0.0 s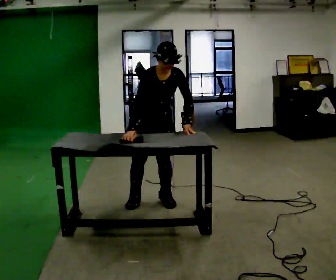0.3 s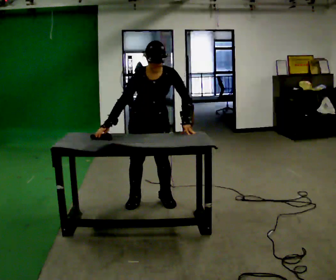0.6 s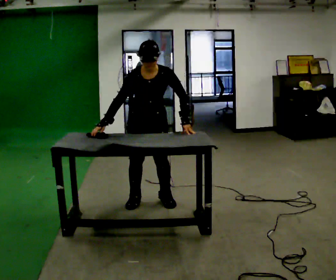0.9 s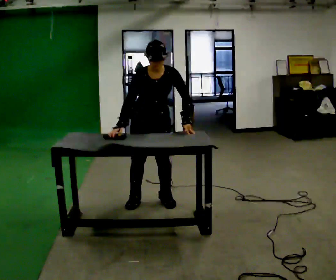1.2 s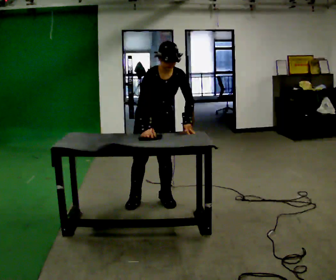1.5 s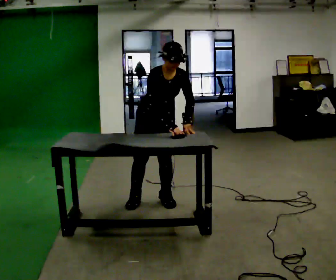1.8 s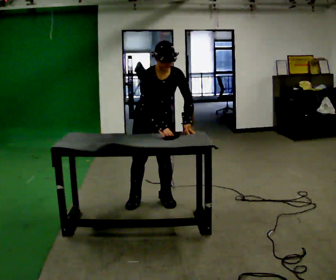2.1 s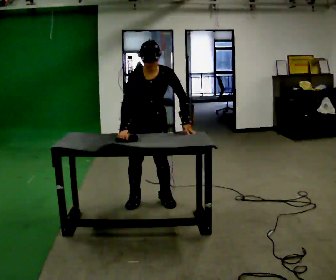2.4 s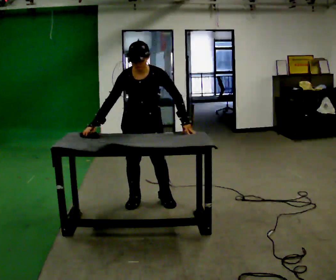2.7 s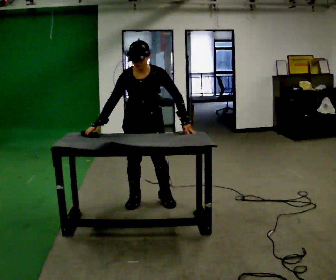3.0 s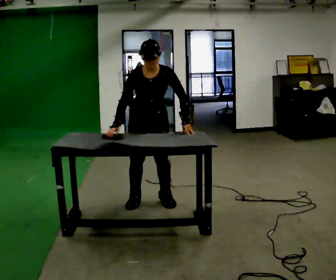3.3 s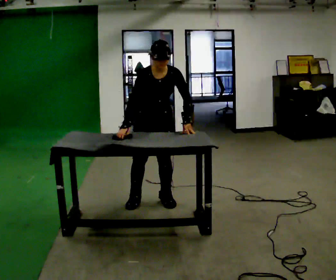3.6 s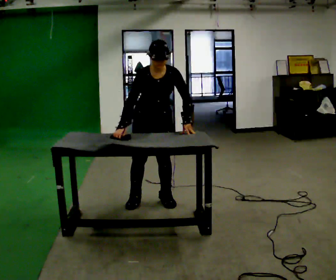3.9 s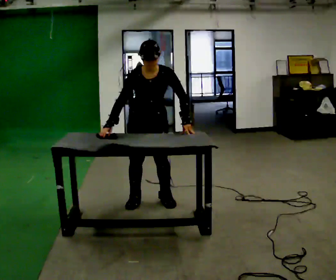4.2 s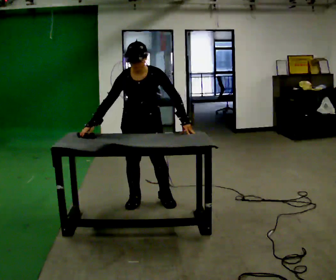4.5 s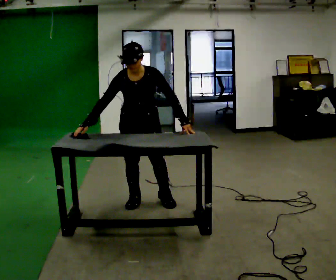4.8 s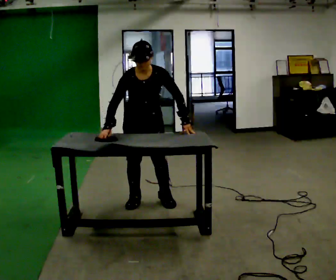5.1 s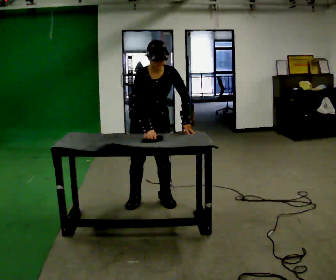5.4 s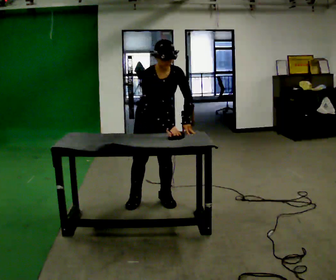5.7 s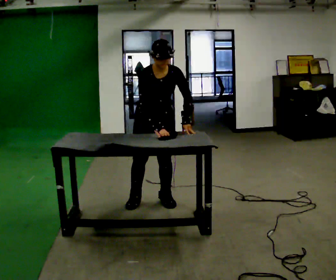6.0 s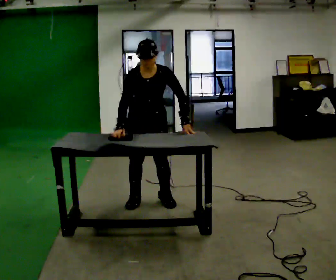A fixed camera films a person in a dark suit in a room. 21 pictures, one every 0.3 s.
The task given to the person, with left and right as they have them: Wipe the whole surface of the table in front of you with the cloth. Repeat at your own pace until the operator says stop. Keep both feet on the marked spots for the whole take. If you have to step, stop and tell the operator.
0.0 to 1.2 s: The person moves a little, or ends about where they began.
1.2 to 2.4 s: In the picture the upper body tilts counterclockwise, shoulders to the left. In the picture their right hand goes to the left.
2.4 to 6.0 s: The person moves a little, or ends about where they began.
The film runs forward here.
